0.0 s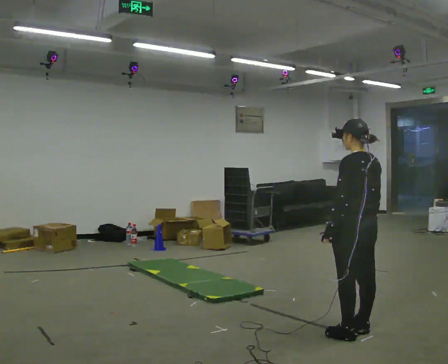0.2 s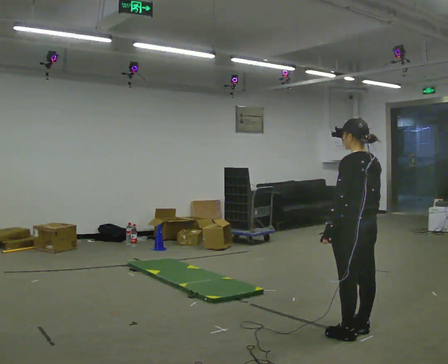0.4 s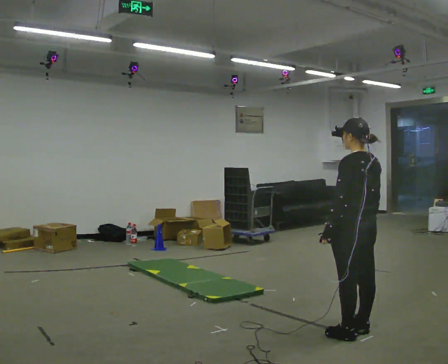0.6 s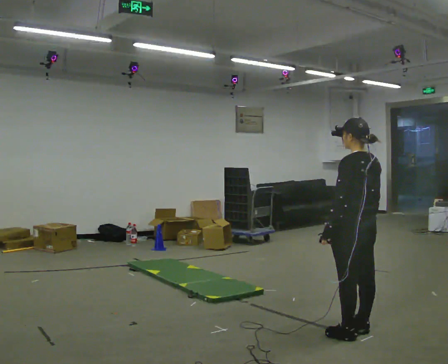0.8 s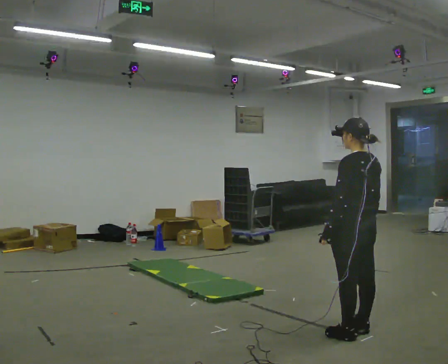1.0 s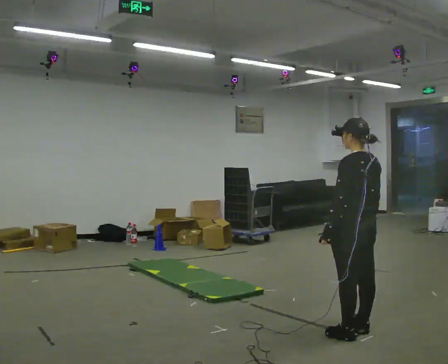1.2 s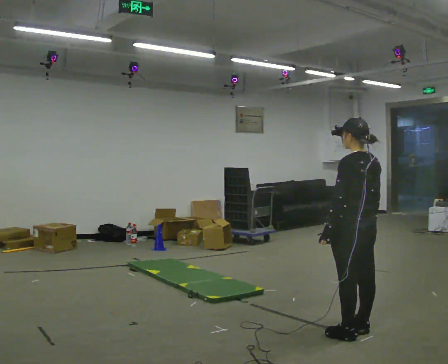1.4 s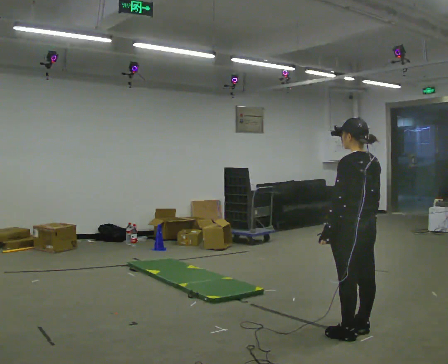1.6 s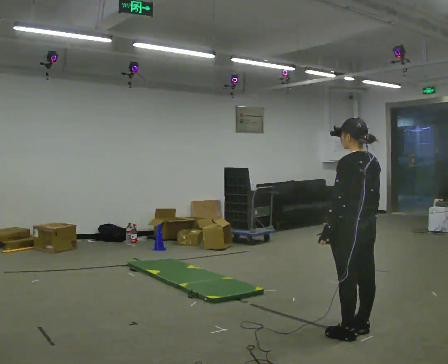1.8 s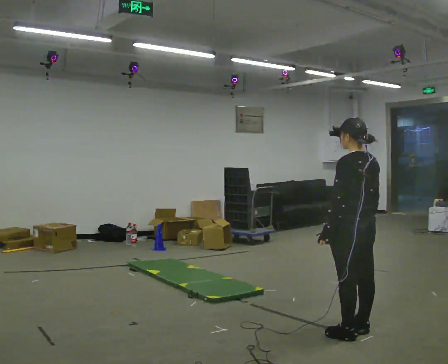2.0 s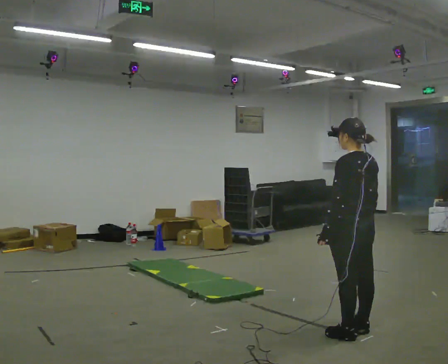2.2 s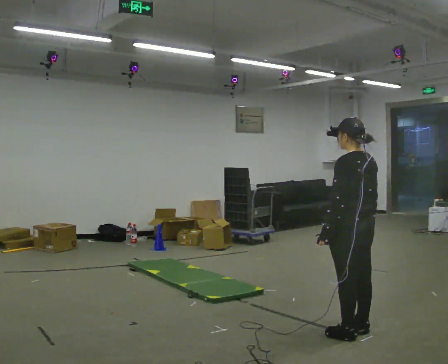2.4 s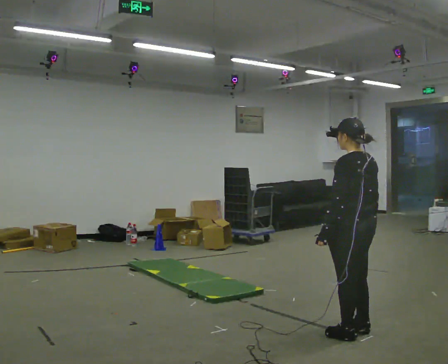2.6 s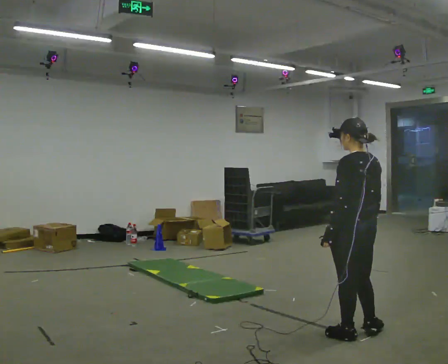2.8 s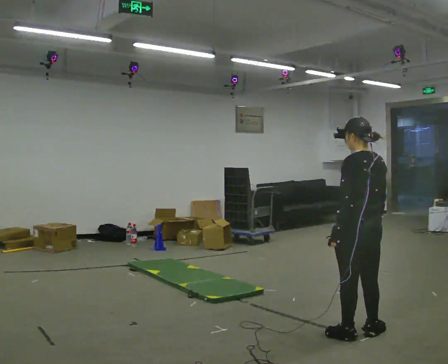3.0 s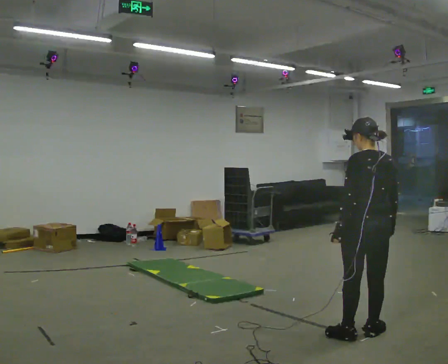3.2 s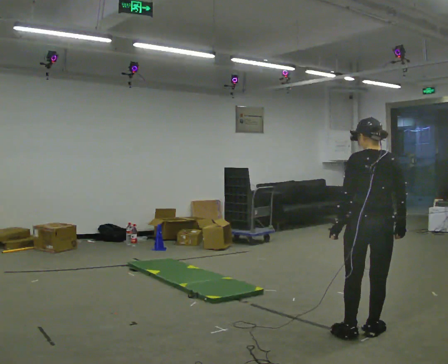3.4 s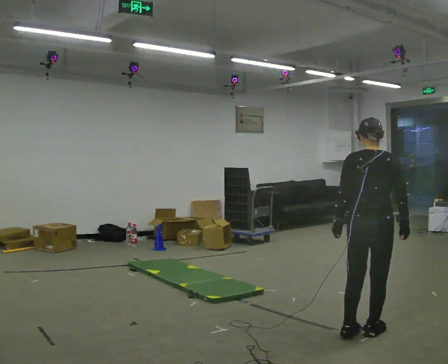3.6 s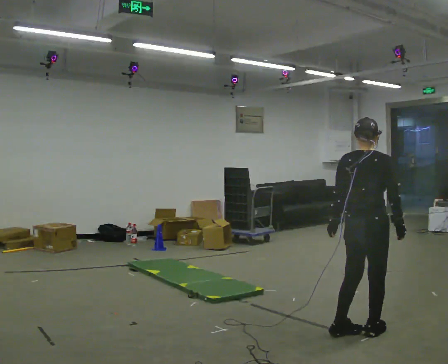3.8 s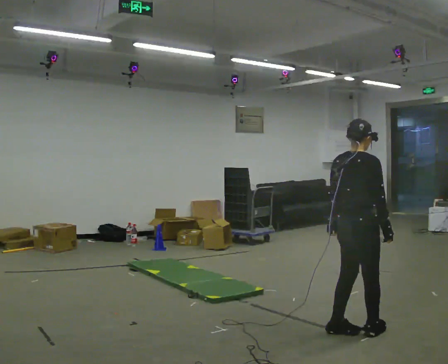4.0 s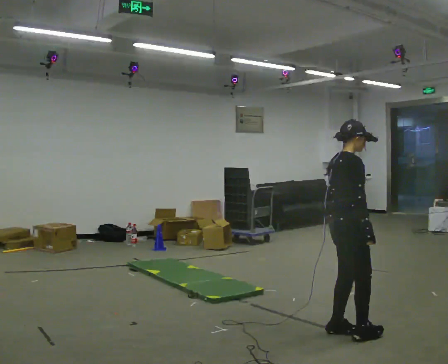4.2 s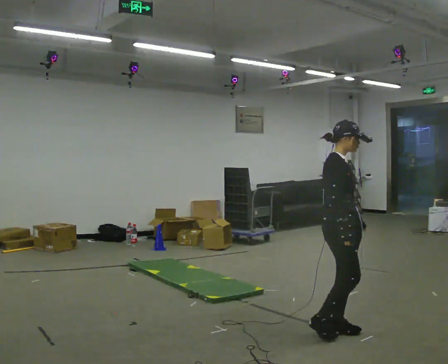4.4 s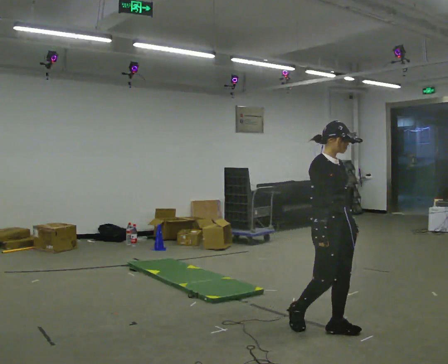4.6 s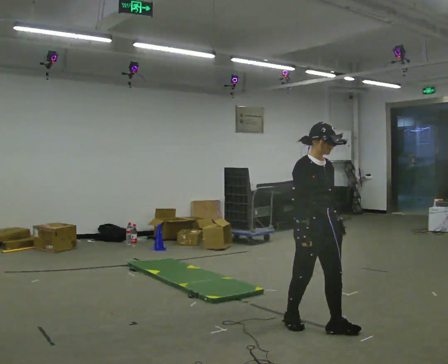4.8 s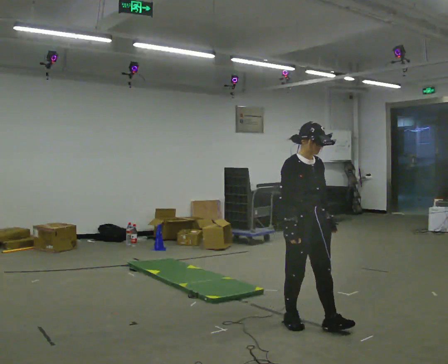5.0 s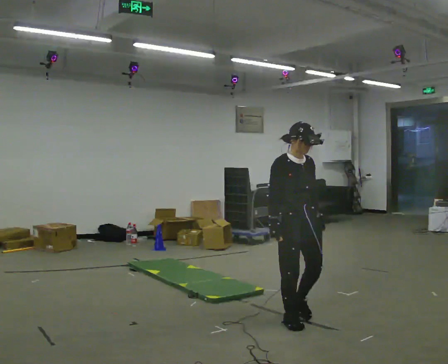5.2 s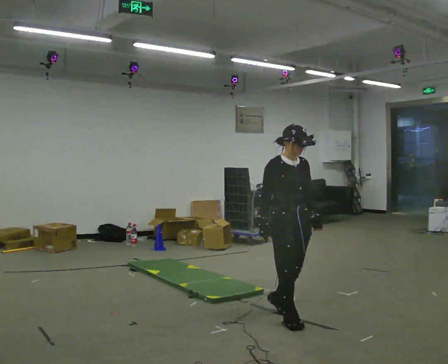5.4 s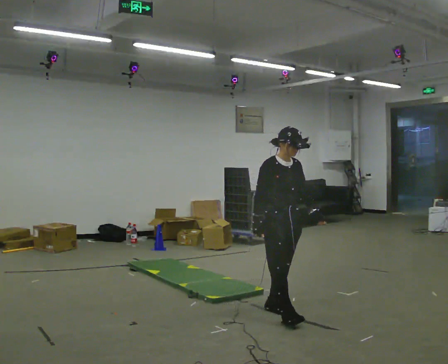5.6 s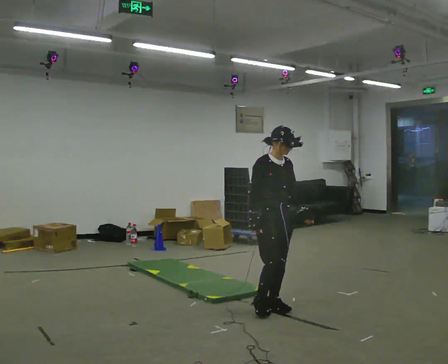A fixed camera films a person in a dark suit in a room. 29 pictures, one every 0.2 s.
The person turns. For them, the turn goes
to their right.
The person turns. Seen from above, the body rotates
clockwise.
0.0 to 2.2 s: The person moves a little, or ends about where they began.
2.2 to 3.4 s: Seen from above the body turns clockwise, about 45 degrees: to their right, with its near side sliding to the left.
3.4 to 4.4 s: The part of the body nearest the lens slides to the left as the person turns to their right by about 120 degrees. In the picture they go to the left, about 0.25 m in 1 step.
4.4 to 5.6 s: In the picture they go to the left and away from the camera, about 0.75 m in 2 steps, which for them is backward.
The film runs backward here.
